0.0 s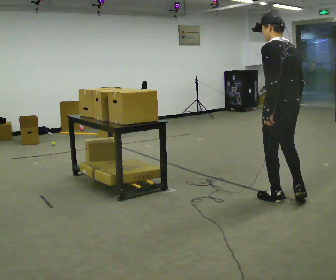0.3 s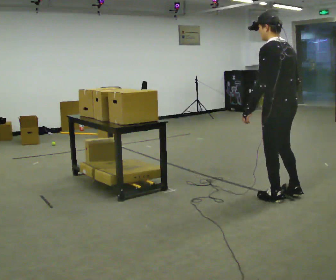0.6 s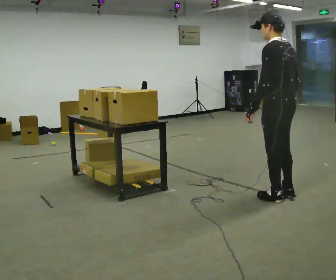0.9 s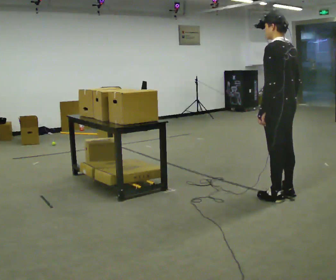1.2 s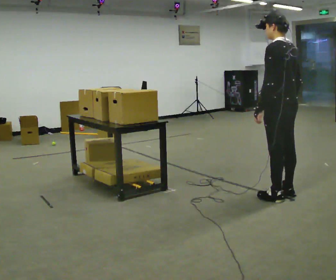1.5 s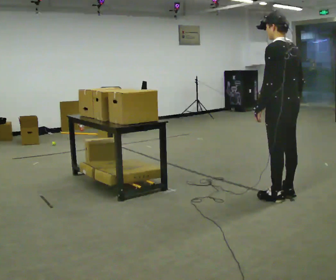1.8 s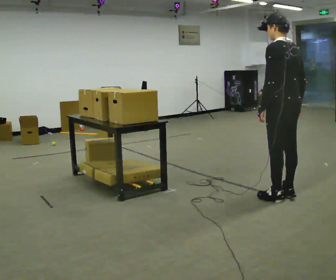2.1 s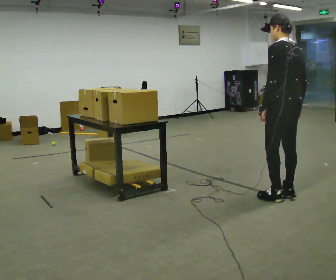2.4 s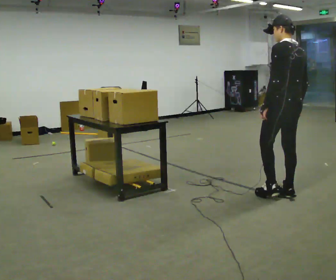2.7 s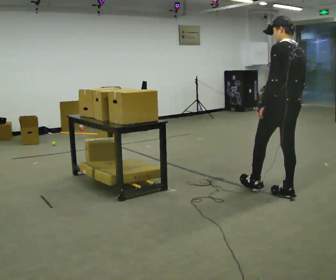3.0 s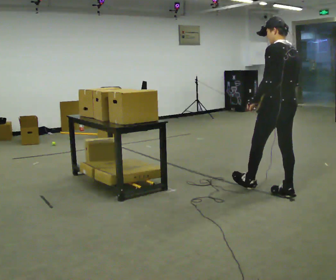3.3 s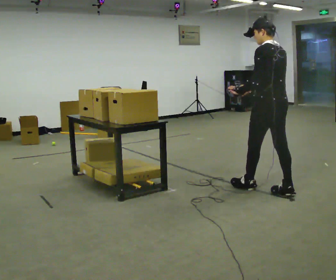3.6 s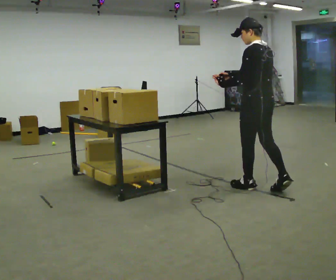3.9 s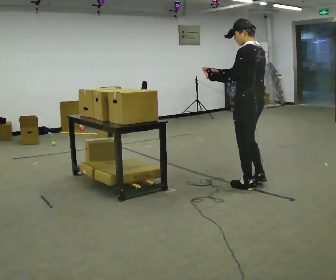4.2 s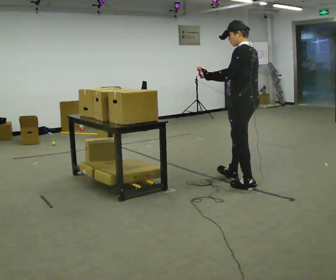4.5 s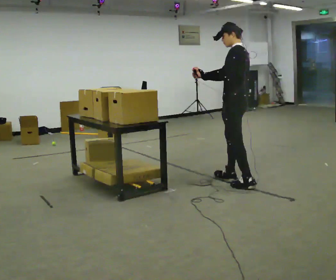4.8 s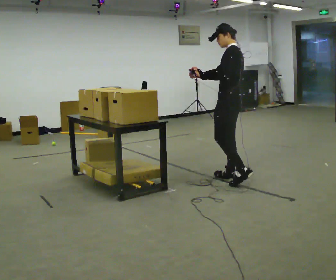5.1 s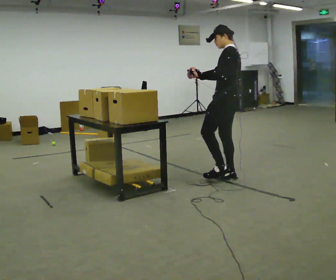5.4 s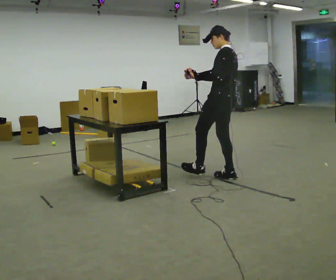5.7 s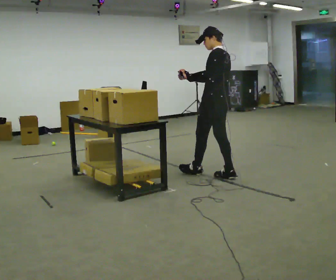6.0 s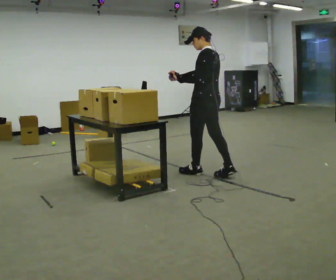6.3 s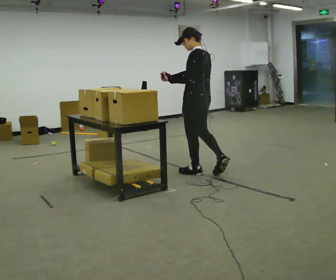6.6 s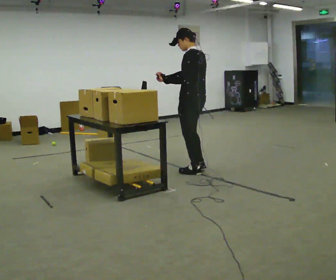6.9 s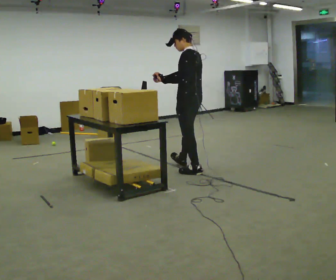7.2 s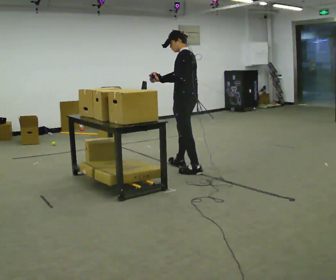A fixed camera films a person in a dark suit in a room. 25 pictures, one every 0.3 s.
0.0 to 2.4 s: In the picture they go away from the camera, about 0.25 m in 1 step, which for them is to their right.
2.4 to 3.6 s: In the picture they go to the left and away from the camera, about 0.25 m in 1 step, which for them is forward.
3.6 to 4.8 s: The person turns about 30 degrees to their left, counterclockwise seen from above, so the part of the body nearest the lens slides to the right. In the picture they go away from the camera and to the left, about 0.5 m in 1 step, which for them is forward and to their right.
4.8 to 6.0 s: In the picture they go to the left and away from the camera, about 0.25 m in 1 step, which for them is forward.
6.0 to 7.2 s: In the picture they go to the left and away from the camera, about 0.25 m in 1 step, which for them is forward.
The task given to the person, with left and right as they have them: Carry the handheld device and, while walking, point it at the labels on the shelves and press the button as if scanning them.
The film runs forward here.
